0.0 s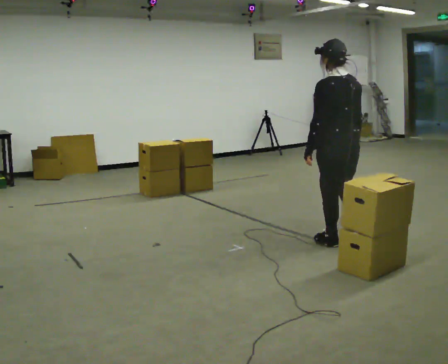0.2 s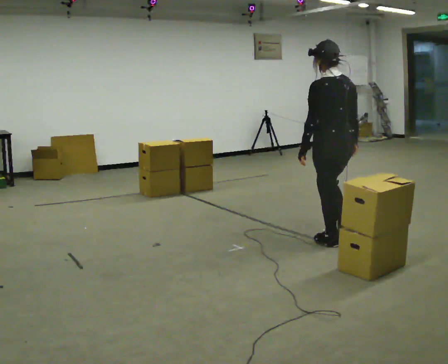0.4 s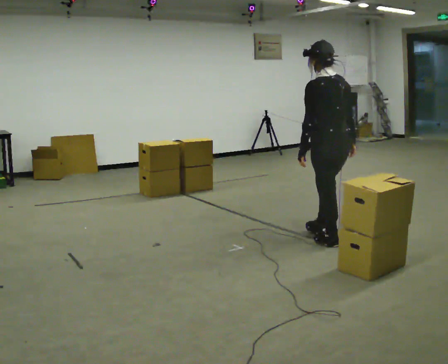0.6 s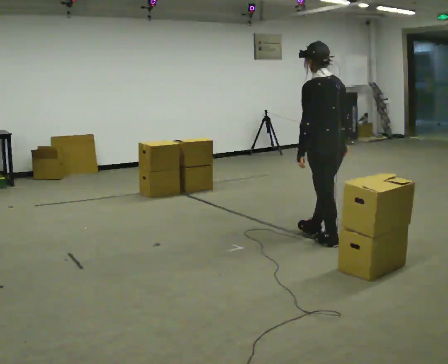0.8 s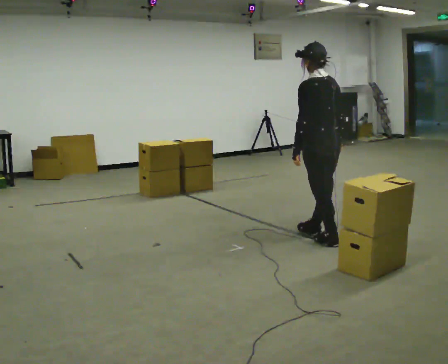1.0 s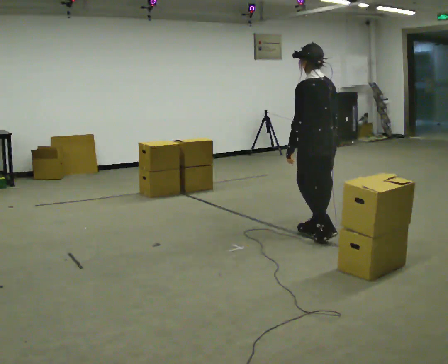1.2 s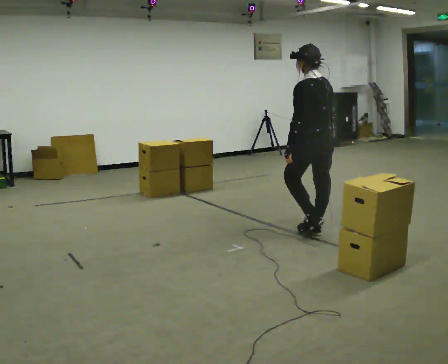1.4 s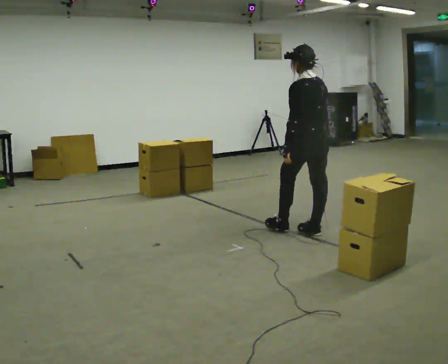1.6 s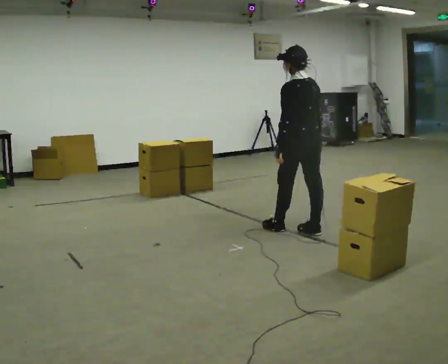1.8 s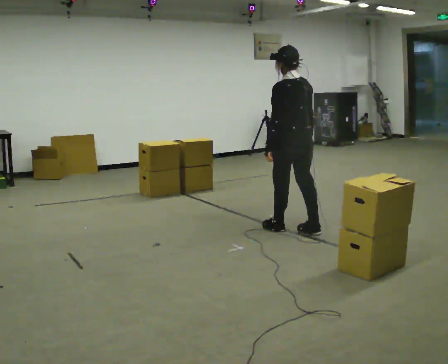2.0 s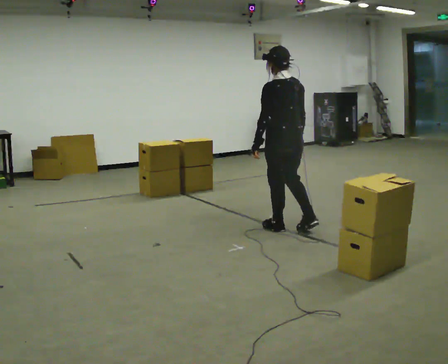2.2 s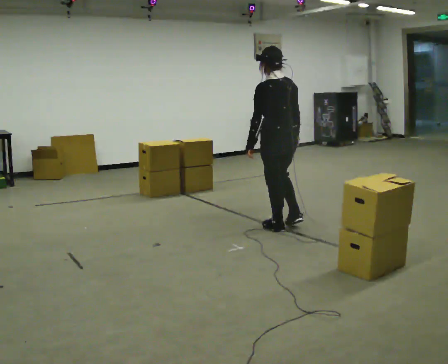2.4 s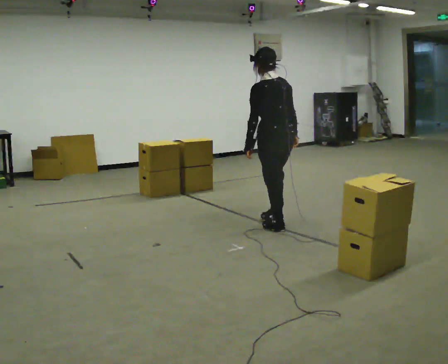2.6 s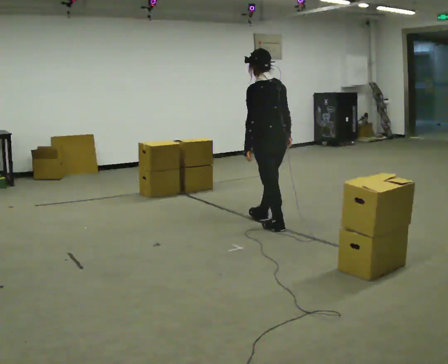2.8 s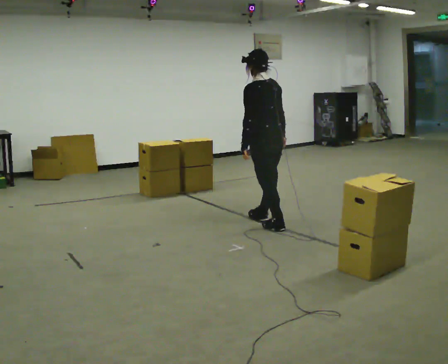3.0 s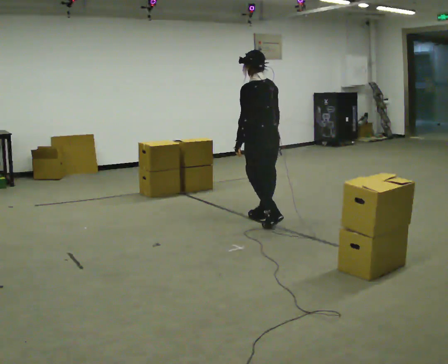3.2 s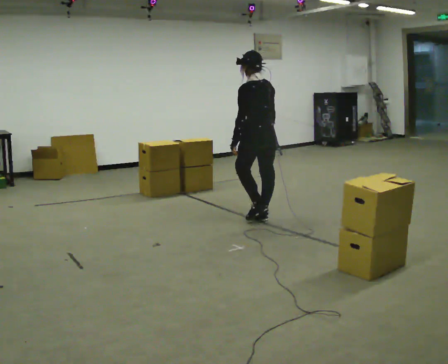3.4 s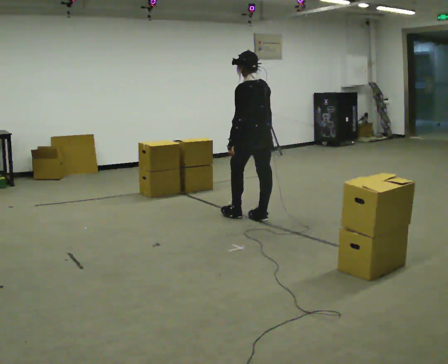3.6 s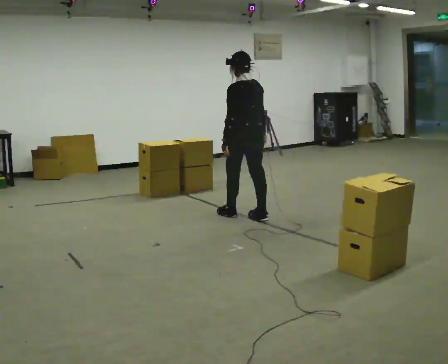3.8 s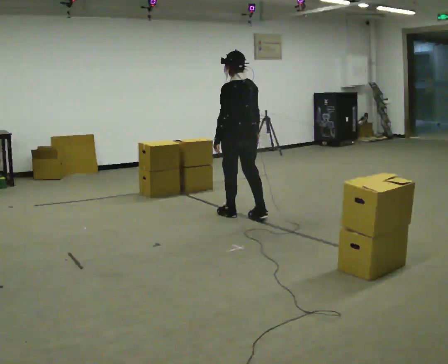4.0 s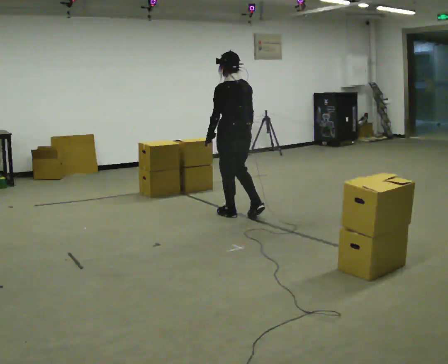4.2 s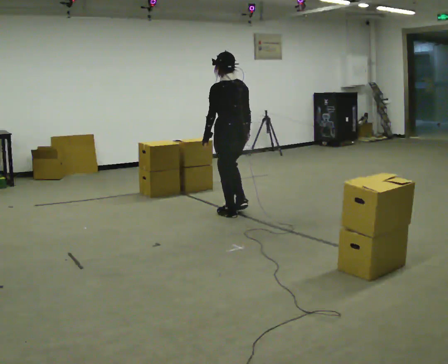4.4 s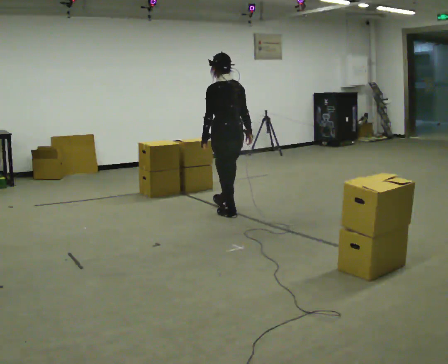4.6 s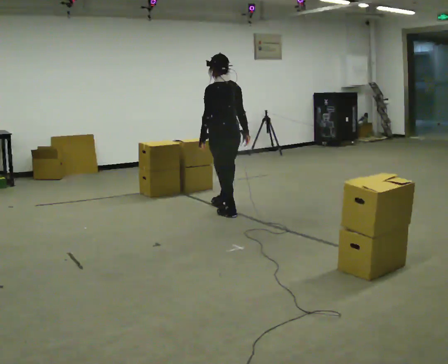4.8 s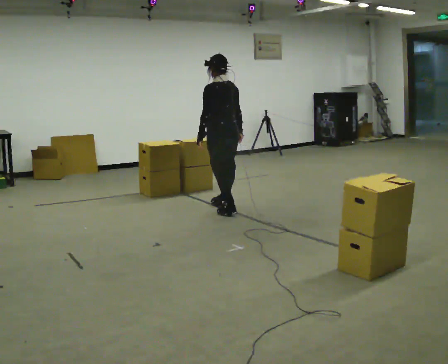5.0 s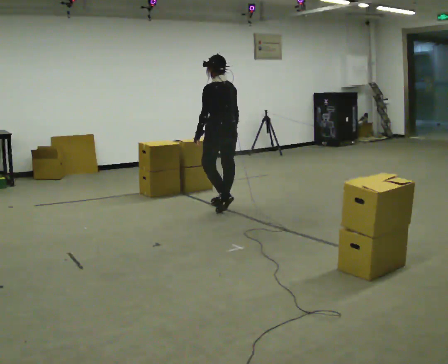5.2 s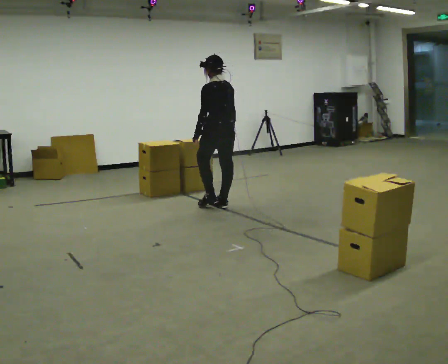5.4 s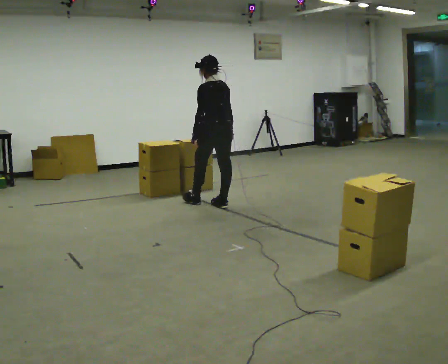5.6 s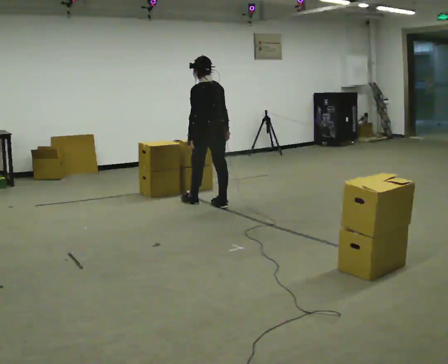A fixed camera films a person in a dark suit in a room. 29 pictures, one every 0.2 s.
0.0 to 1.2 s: In the picture they go away from the camera, about 0.25 m in 1 step, which for them is forward.
1.2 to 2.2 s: In the picture they go to the left and away from the camera, about 0.25 m in 1 step, which for them is forward and to their left.
2.2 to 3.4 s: In the picture they go away from the camera and to the left, about 0.5 m in 1 step, which for them is forward.
3.4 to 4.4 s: In the picture they go to the left and away from the camera, about 0.25 m in 1 step, which for them is forward and to their left.
4.4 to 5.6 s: In the picture they go away from the camera and to the left, about 0.5 m in 2 steps, which for them is forward.
The film runs forward here.
